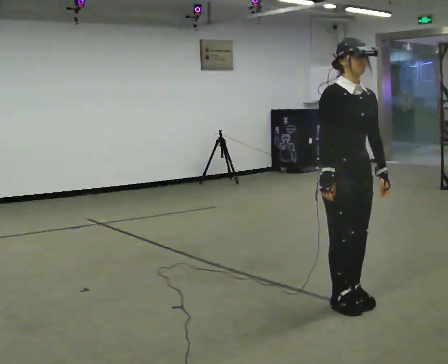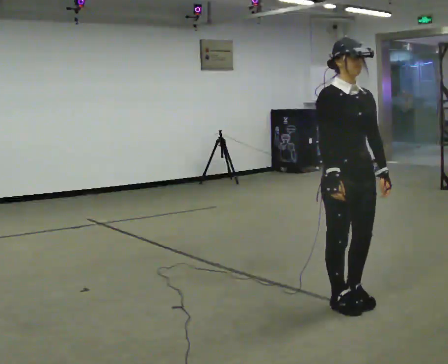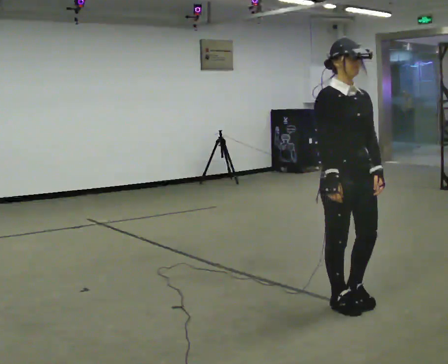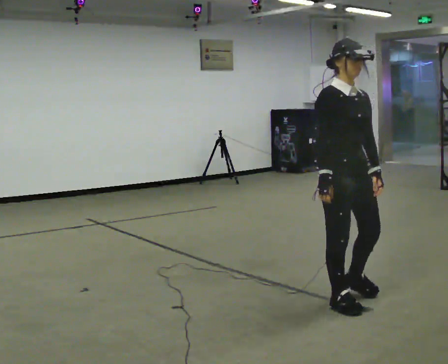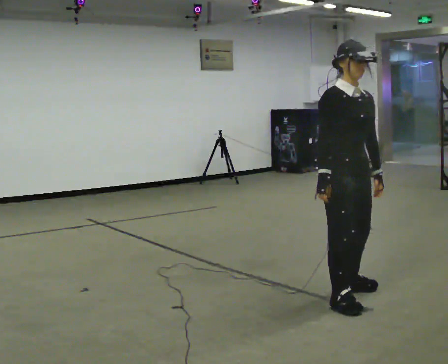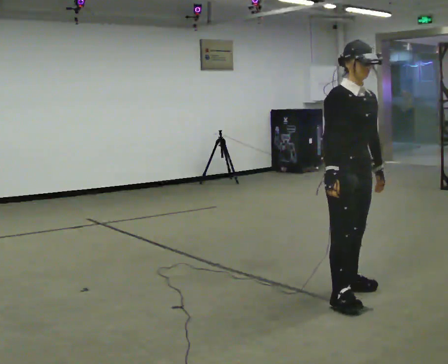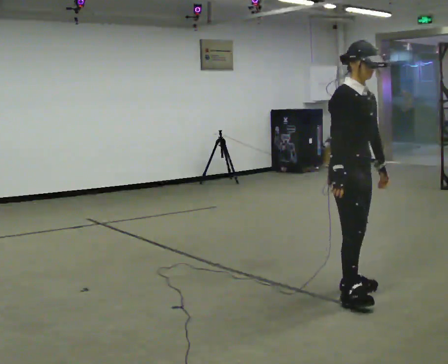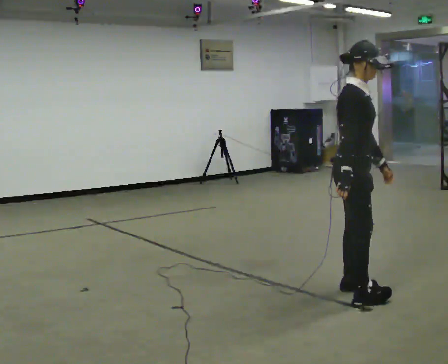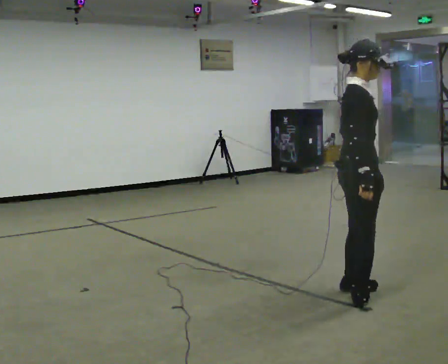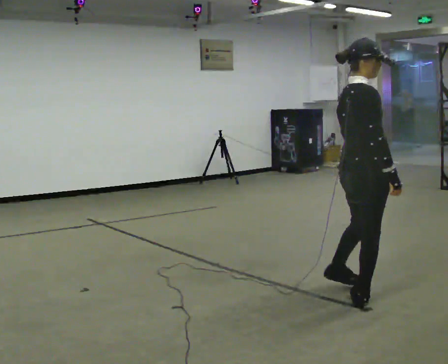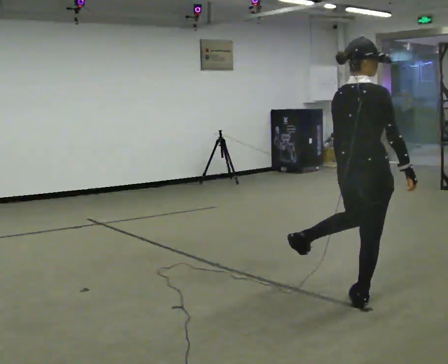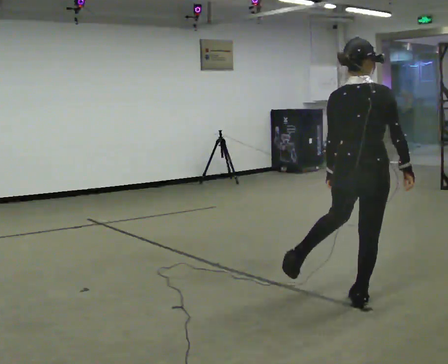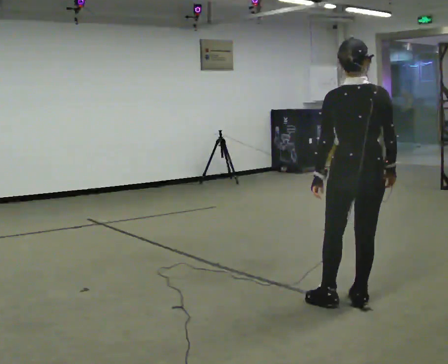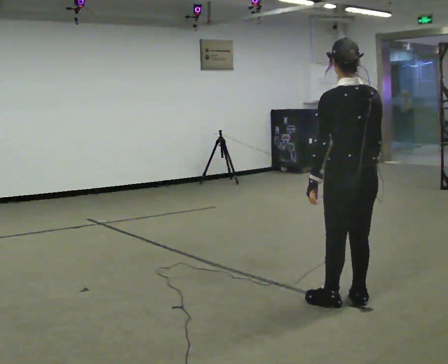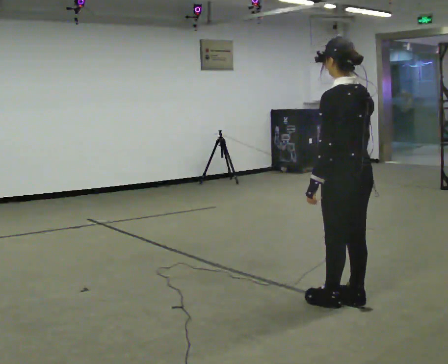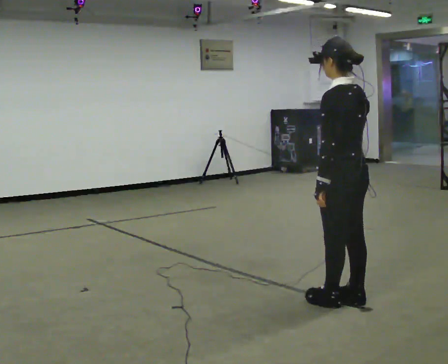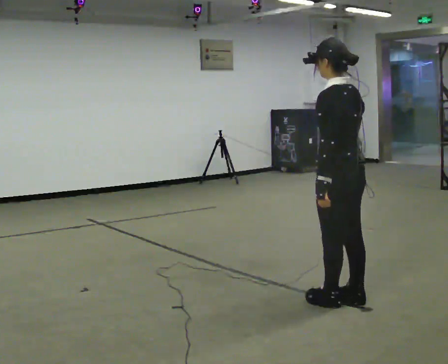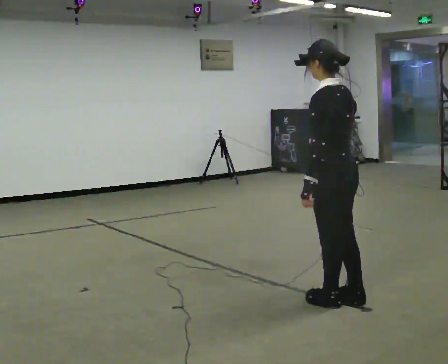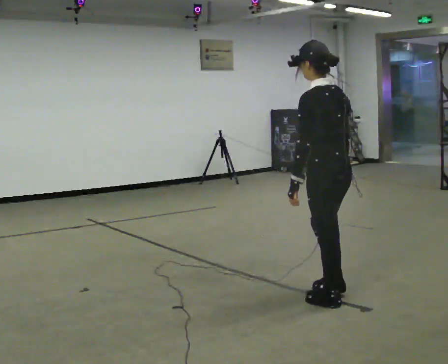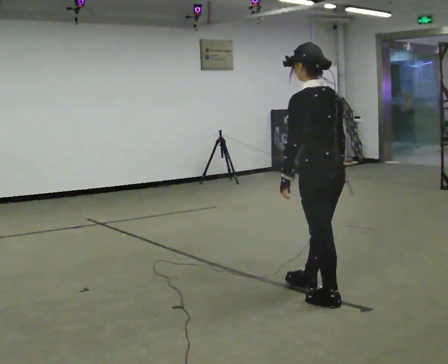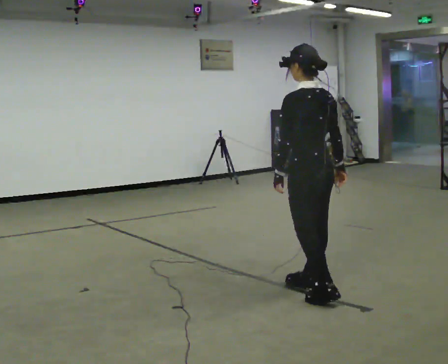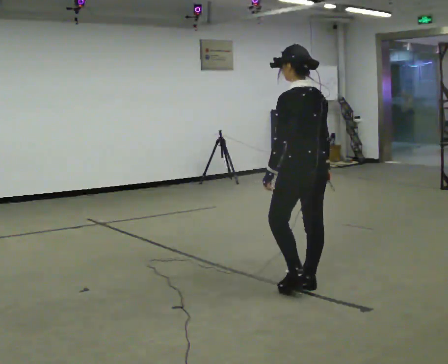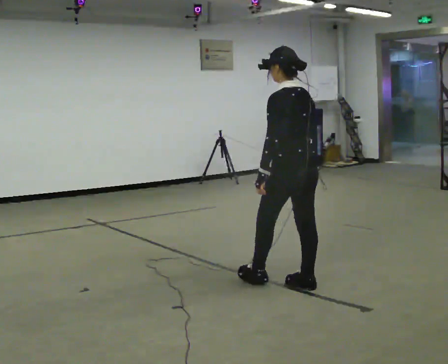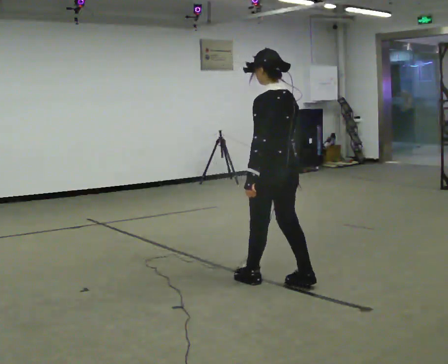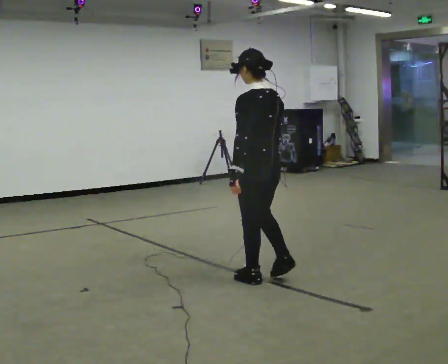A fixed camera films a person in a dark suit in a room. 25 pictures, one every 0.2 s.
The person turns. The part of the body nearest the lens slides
to the right.
The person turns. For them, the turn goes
to their left.
0.0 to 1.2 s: In the picture they go away from the camera, about 0.25 m in 2 steps, which for them is to their left.
1.2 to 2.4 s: Seen from above the body turns counterclockwise, about 135 degrees: to their left, with its near side sliding to the right. In the picture they go toward the camera, about 0.25 m in 1 step. In the picture their right hand goes to the right.
2.4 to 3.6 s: Seen from above the body turns counterclockwise, about 45 degrees: to their left, with its near side sliding to the right. In the picture they go to the left, about 0.25 m in 1 step, which for them is forward.
3.6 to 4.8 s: In the picture they go to the left and away from the camera, about 0.75 m in 2 steps, which for them is forward.
The film runs backward here.
